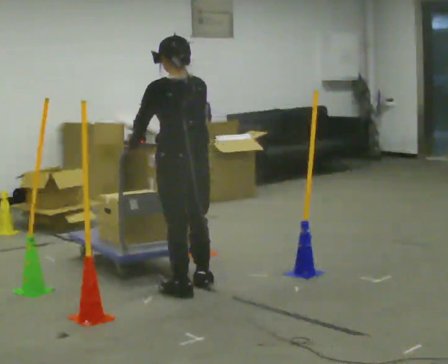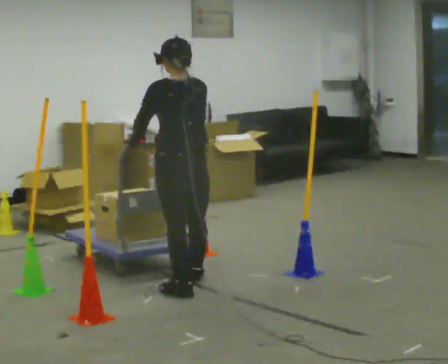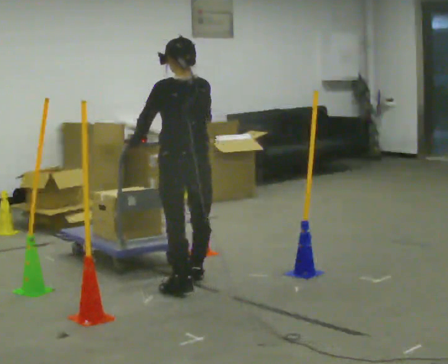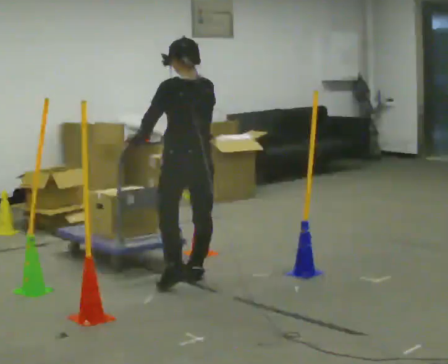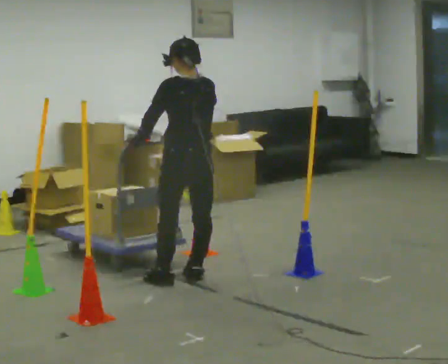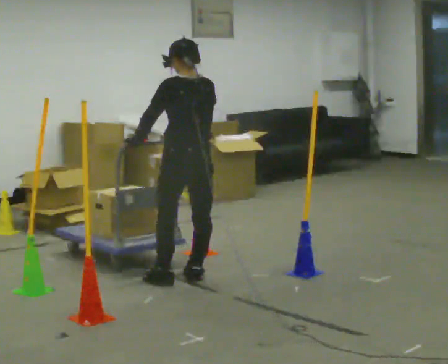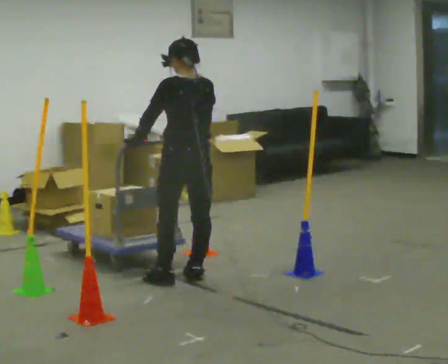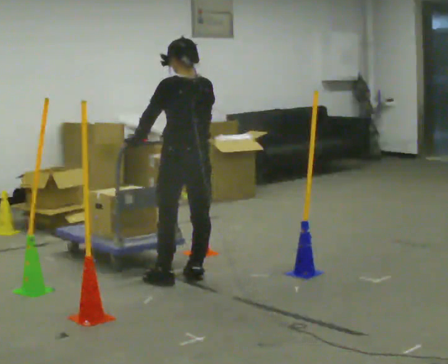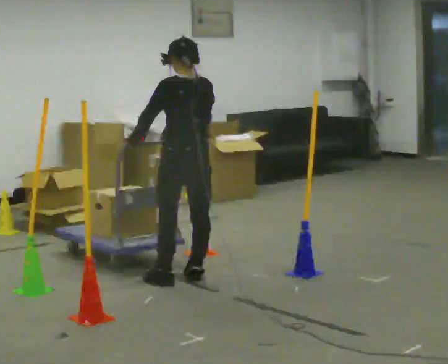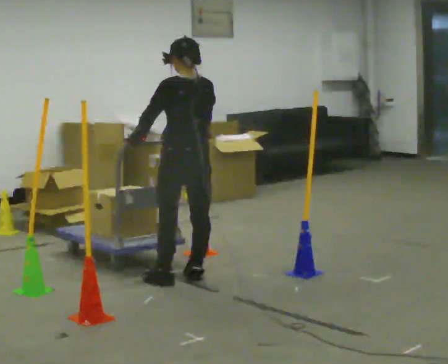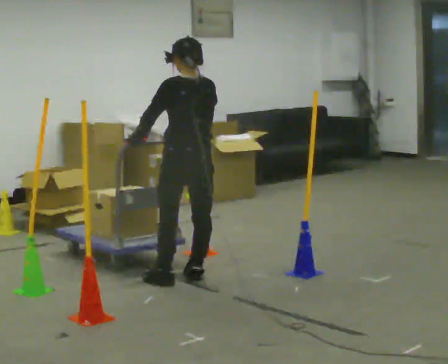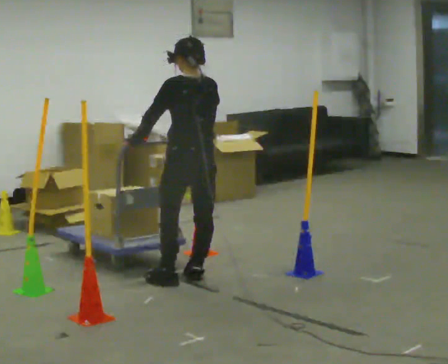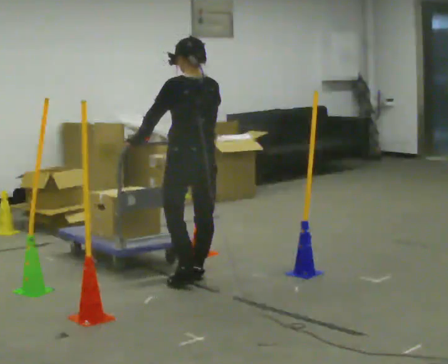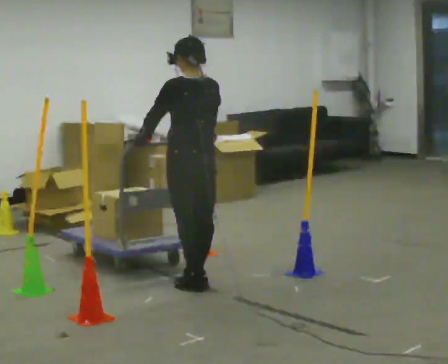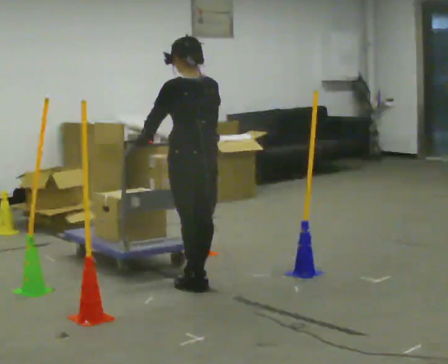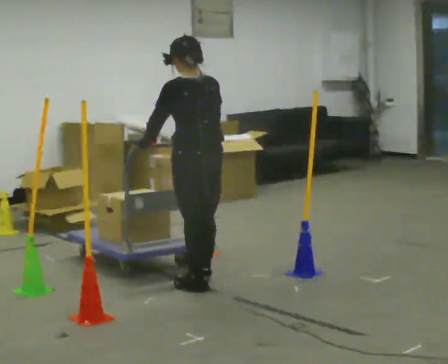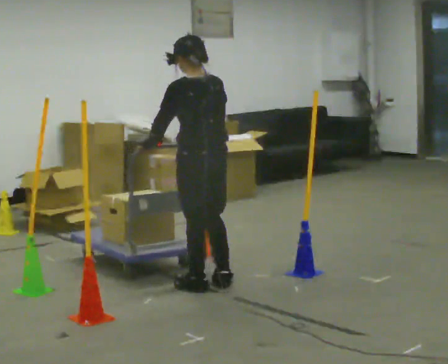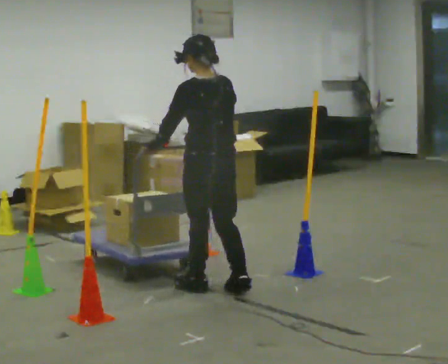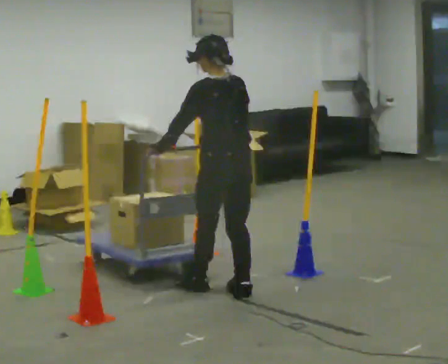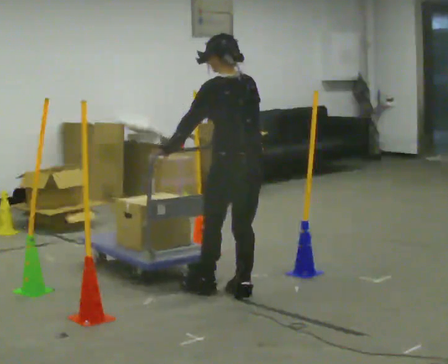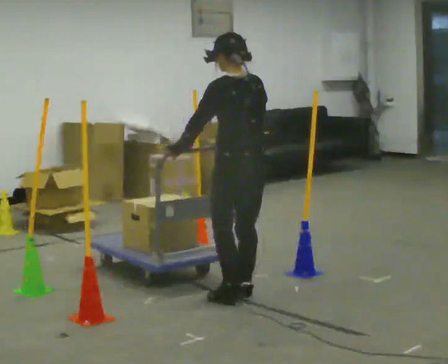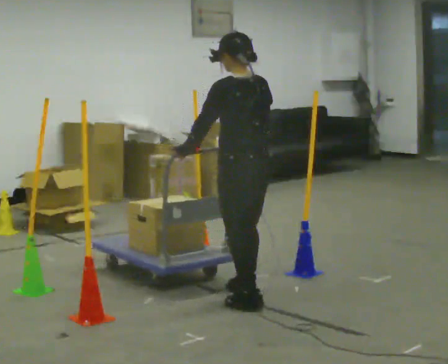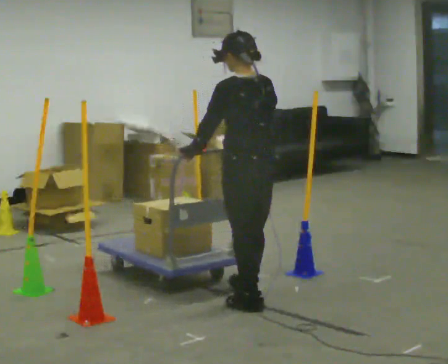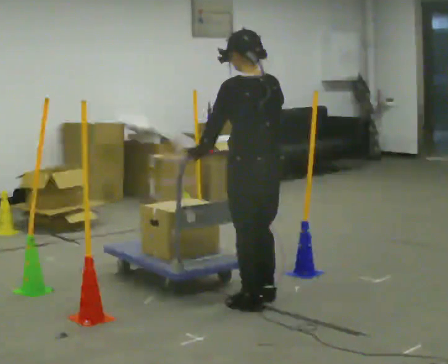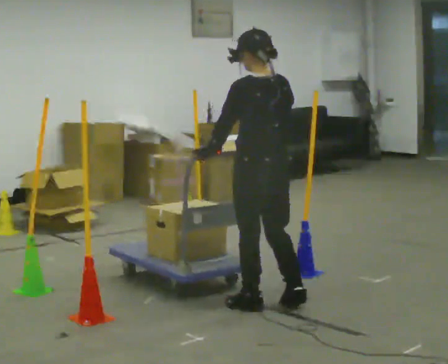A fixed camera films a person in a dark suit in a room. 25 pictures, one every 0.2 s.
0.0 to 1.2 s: In the picture they go away from the camera, about 0.25 m in 2 steps, which for them is forward and to their right.
1.2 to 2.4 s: The person moves a little, or ends about where they began.
2.4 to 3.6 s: In the picture they go toward the camera and to the right, about 0.5 m in 2 steps, which for them is backward.
3.6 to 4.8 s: In the picture they go toward the camera and to the right, about 0.25 m in 1 step, which for them is backward.
The film runs forward here.
